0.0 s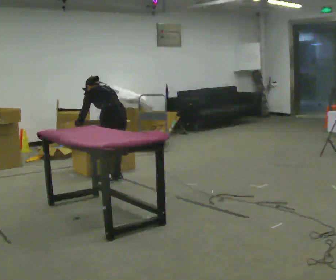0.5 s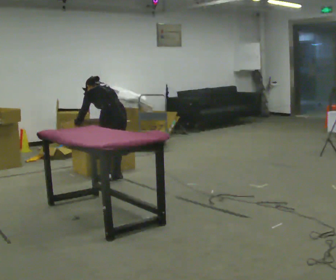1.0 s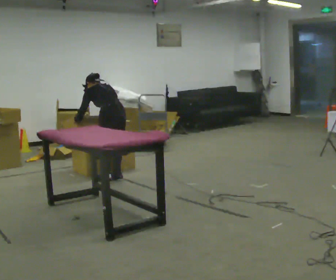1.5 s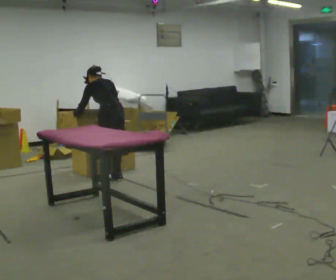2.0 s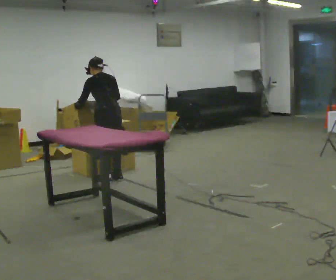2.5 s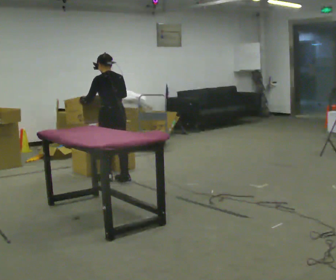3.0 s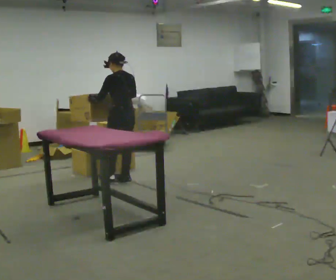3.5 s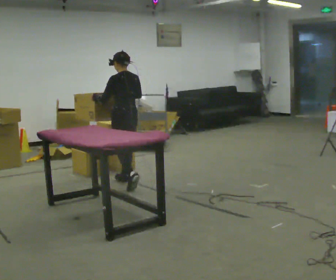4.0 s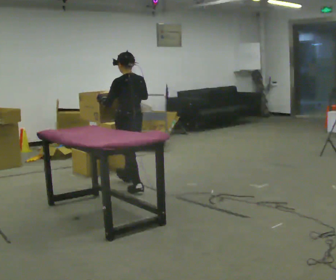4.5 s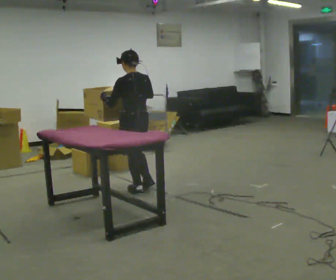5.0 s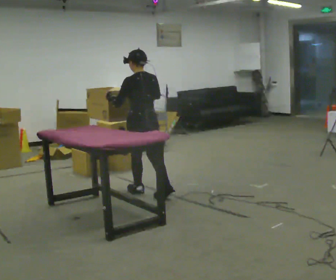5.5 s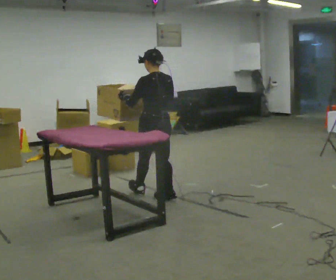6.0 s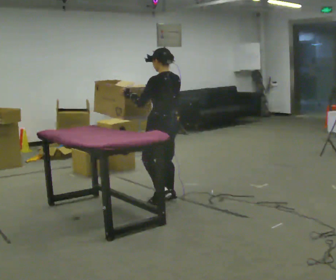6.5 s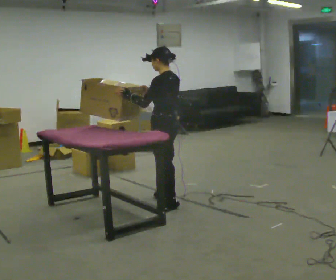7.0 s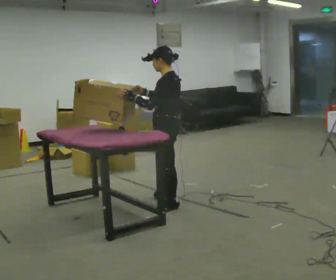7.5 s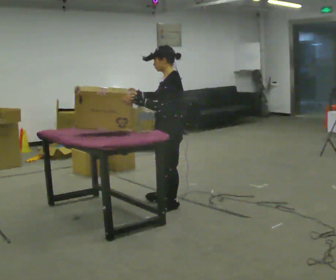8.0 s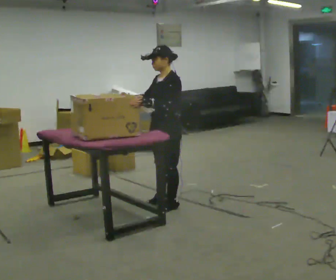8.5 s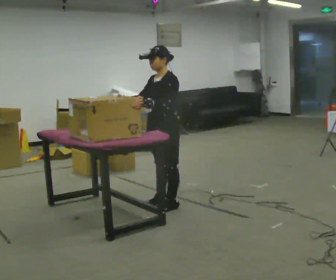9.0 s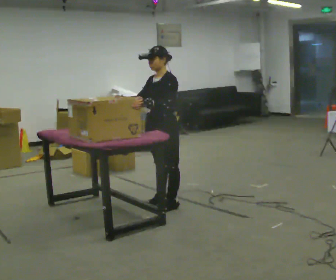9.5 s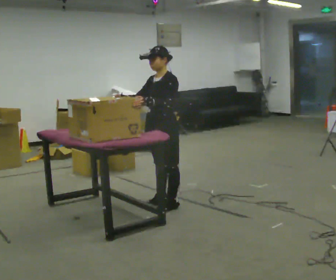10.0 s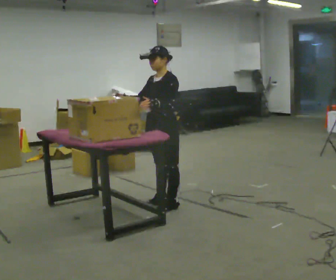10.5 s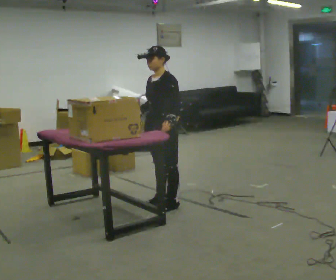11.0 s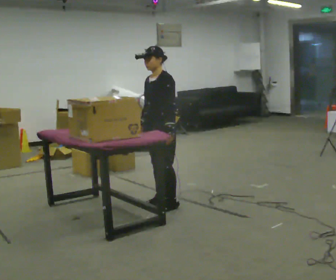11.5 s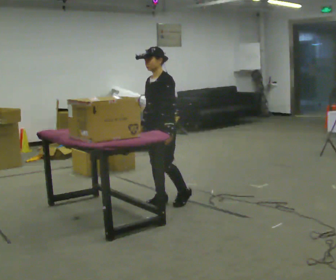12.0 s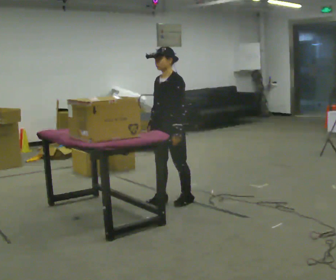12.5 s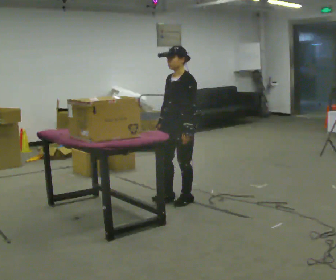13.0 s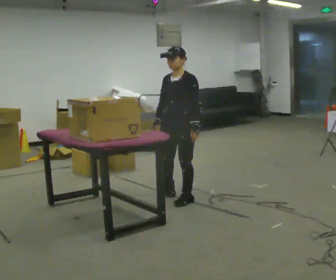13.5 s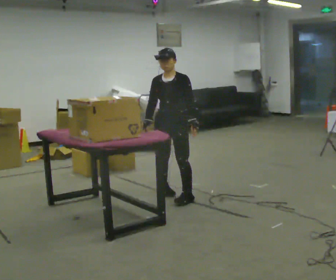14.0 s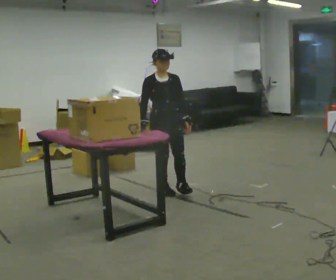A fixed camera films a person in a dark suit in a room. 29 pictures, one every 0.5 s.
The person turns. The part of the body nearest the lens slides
to the right.
The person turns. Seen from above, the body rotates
counterclockwise.
0.0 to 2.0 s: The upper body tips toward the camera, its near side rolling downward, as they lean back or straighten.
2.0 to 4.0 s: In the picture they go toward the camera and to the right, about 0.5 m in 2 steps, which for them is backward. The upper body tips toward the camera, its near side rolling downward, as they lean back or straighten.
4.0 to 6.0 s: In the picture they go toward the camera and to the right, about 0.5 m in 2 steps, which for them is backward.
6.0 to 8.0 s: The part of the body nearest the lens slides to the right as the person turns to their left by about 75 degrees. In the picture they go toward the camera, about 0.25 m.
8.0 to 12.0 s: The person moves a little, or ends about where they began.
12.0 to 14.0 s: The part of the body nearest the lens slides to the right as the person turns to their left by about 75 degrees. In the picture they go away from the camera, about 0.25 m in 2 steps.
The film runs backward here.
